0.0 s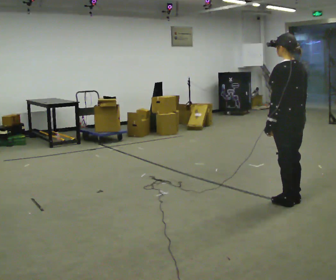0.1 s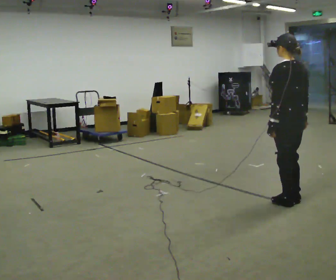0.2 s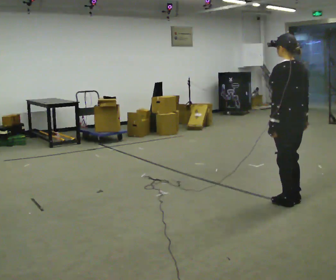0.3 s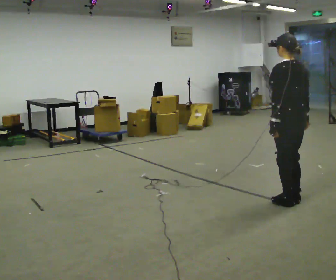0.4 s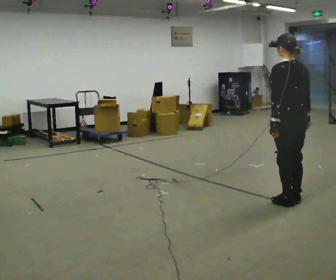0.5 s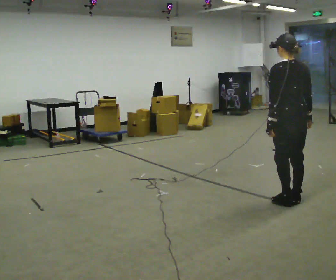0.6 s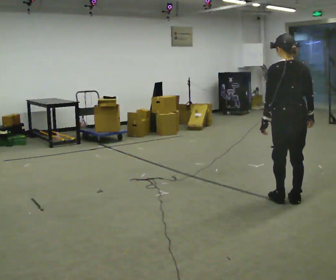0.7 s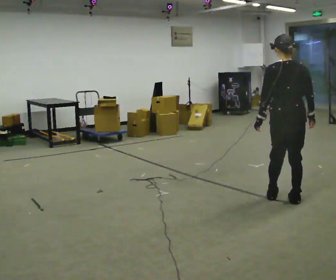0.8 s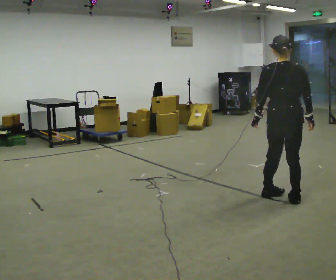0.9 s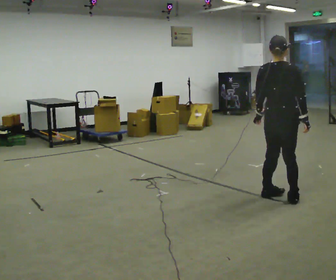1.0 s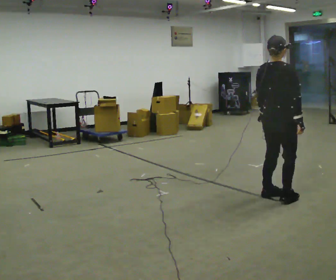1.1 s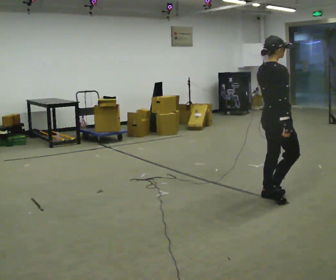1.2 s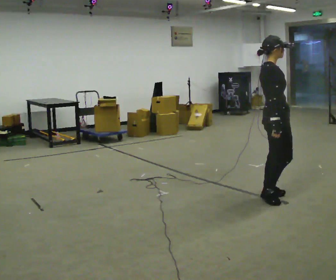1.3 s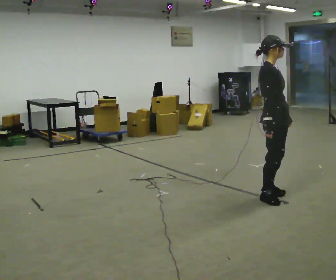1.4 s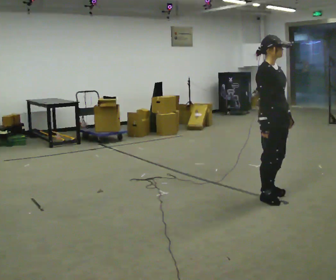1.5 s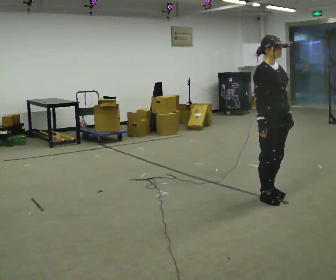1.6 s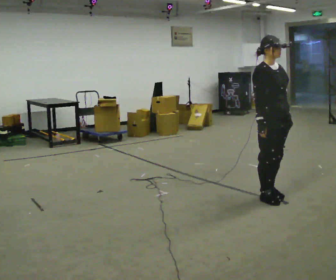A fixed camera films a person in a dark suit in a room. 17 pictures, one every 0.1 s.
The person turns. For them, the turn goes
to their right.
The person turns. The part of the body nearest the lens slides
to the left.
0.0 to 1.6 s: The part of the body nearest the lens slides to the left as the person turns to their right by about 165 degrees. In the picture they go to the left, about 0.25 m in 2 steps.
The film runs backward here.
